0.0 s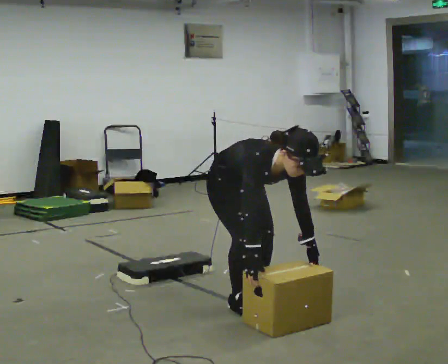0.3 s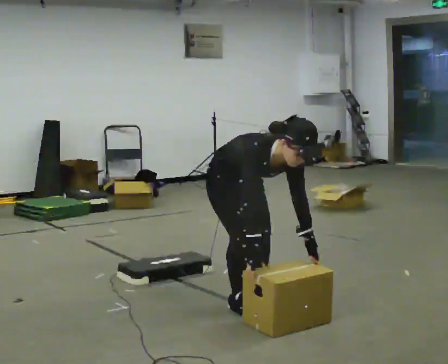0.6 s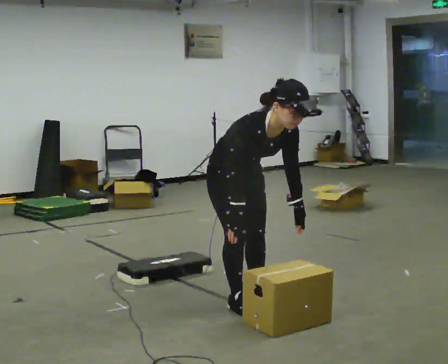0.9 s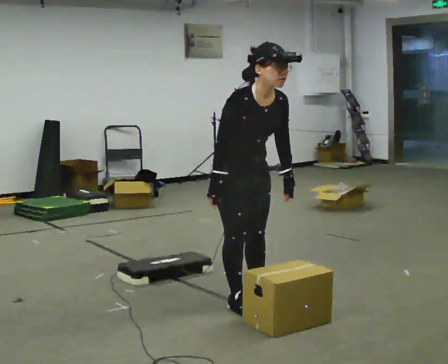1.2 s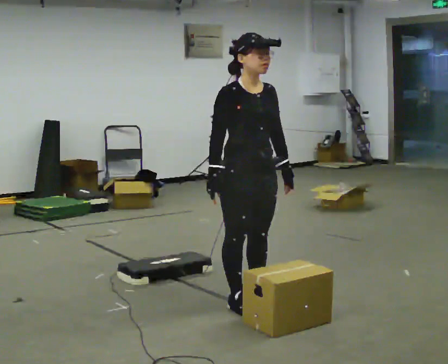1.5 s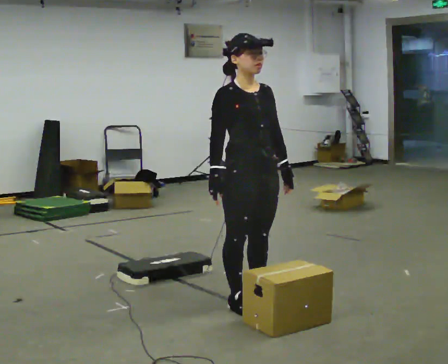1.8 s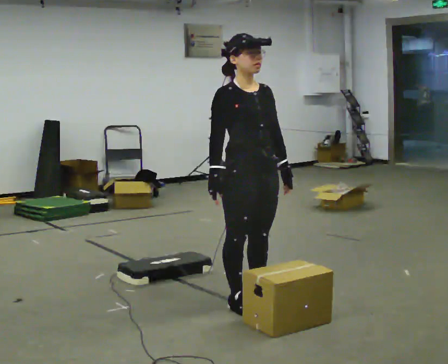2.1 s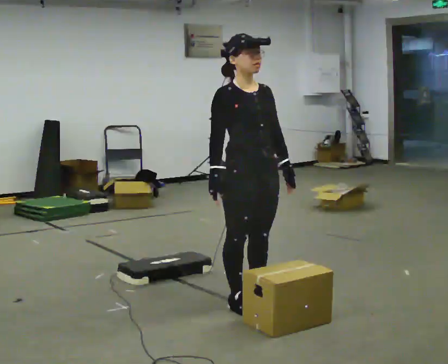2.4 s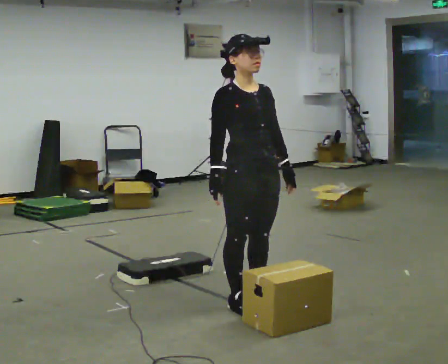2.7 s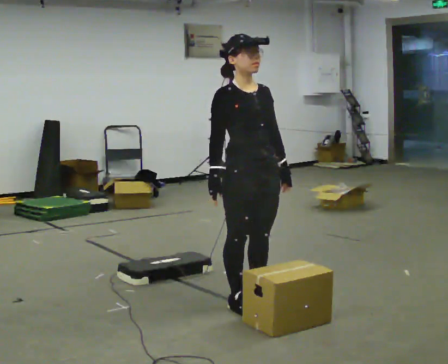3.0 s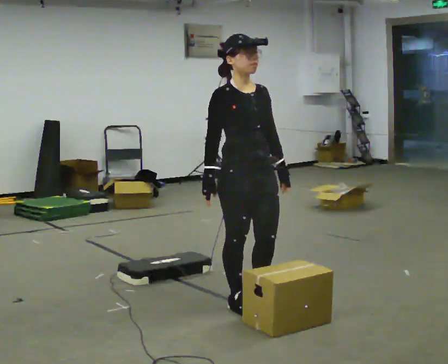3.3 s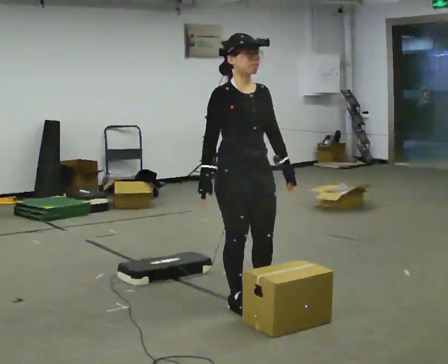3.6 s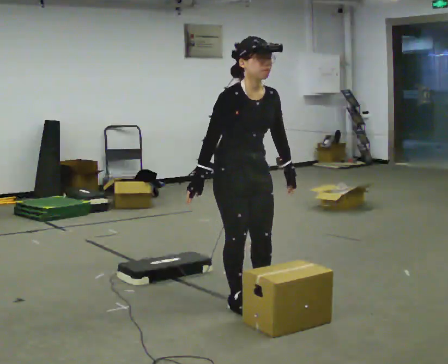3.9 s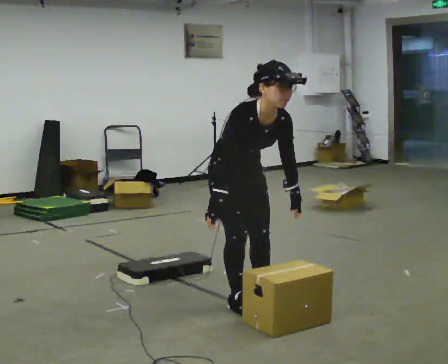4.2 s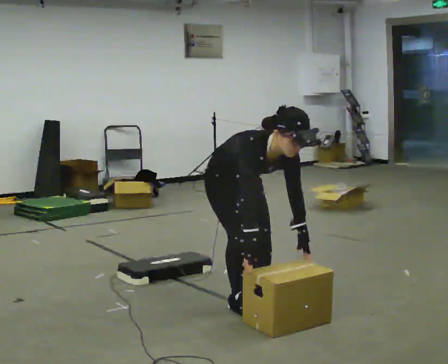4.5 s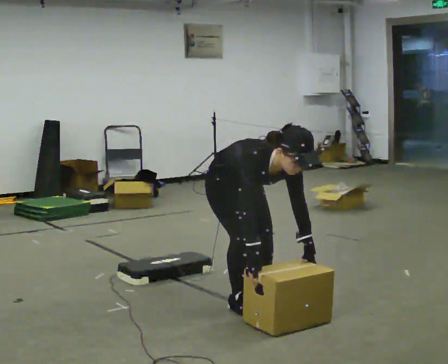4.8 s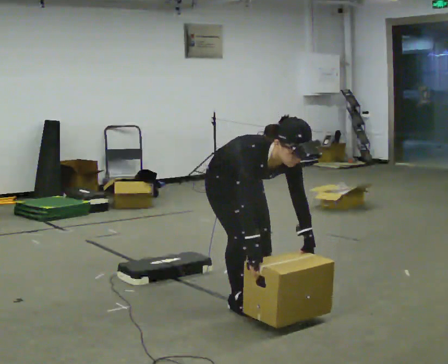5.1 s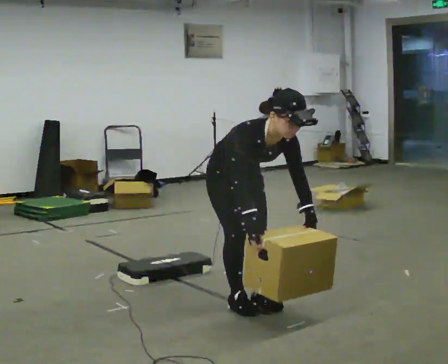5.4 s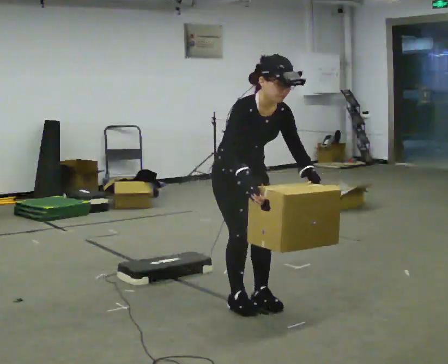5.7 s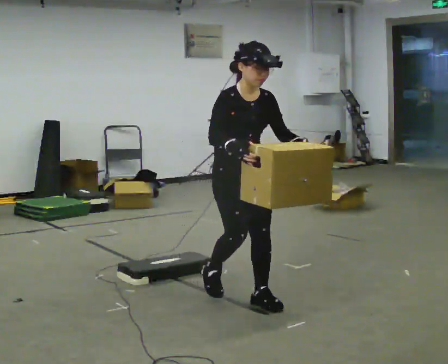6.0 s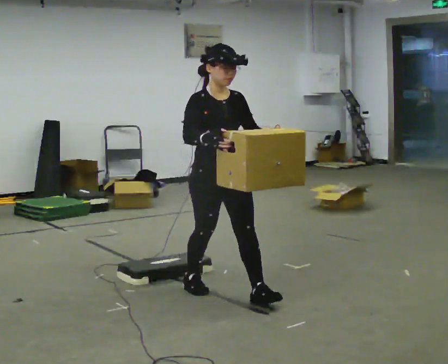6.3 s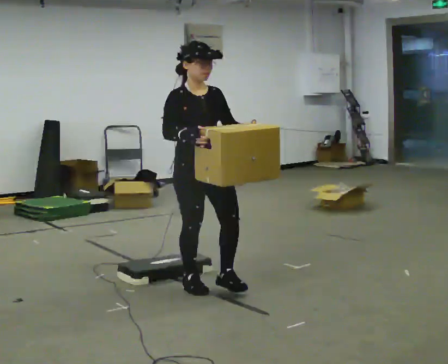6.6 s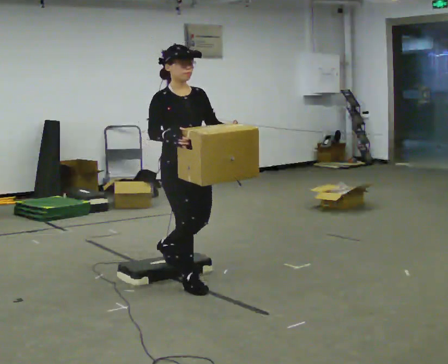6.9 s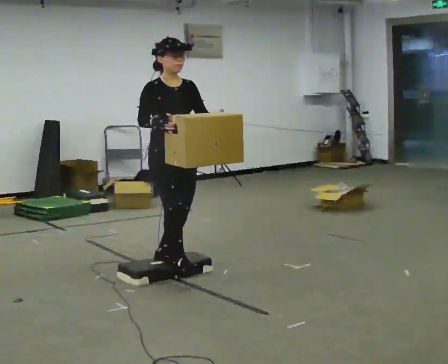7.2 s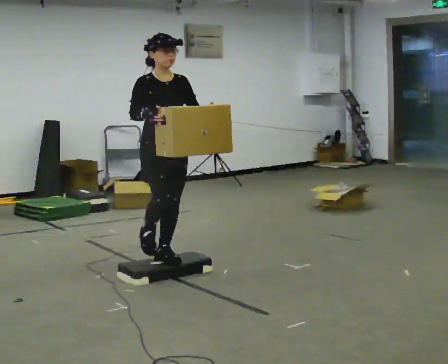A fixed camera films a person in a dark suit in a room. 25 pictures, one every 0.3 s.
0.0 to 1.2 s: The upper body goes upward. The upper body tips away from the camera, its near side rolling upward, as they lean back or straighten. In the picture their right hand goes upward.
1.2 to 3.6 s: The person moves a little, or ends about where they began.
3.6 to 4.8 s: The shoulders move downward. The upper body tips toward the camera, its near side rolling downward, as they bend forward. In the picture their right hand goes downward.
4.8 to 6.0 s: The shoulders move upward. The upper body tips away from the camera, its near side rolling upward, as they lean back or straighten. In the picture their left hand goes upward.
6.0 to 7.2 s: In the picture they go away from the camera and to the left, about 0.75 m in 2 steps, which for them is backward.
The film runs backward here.
